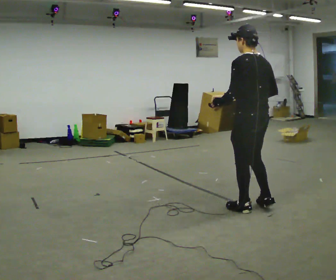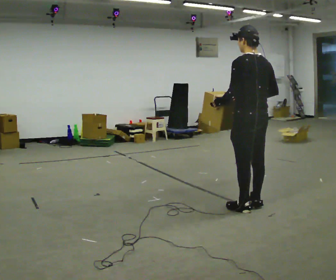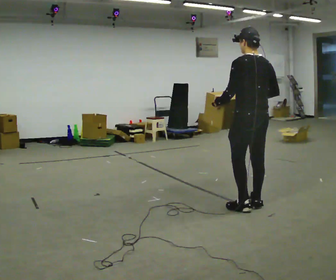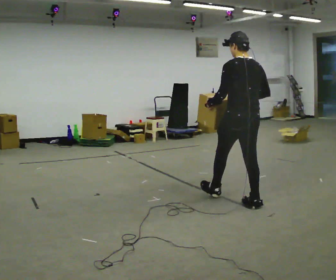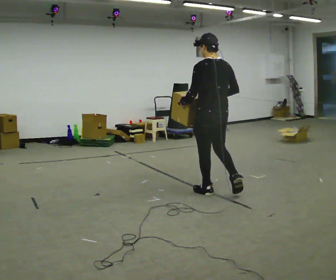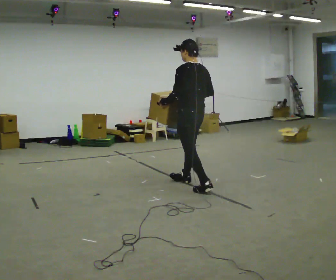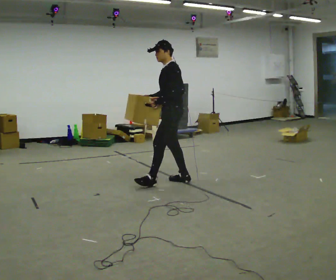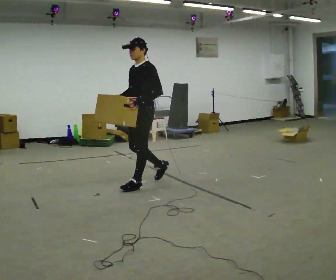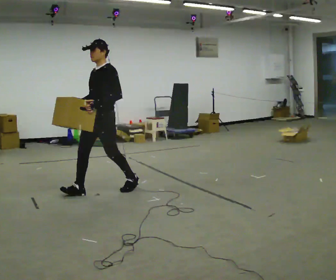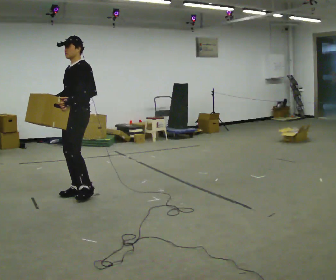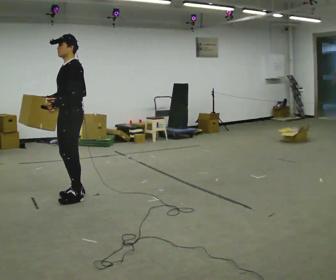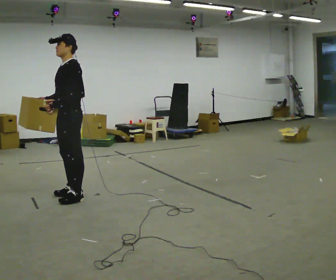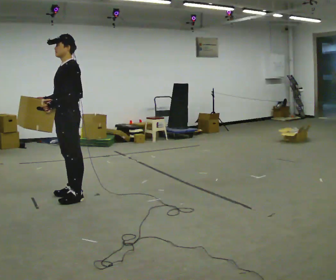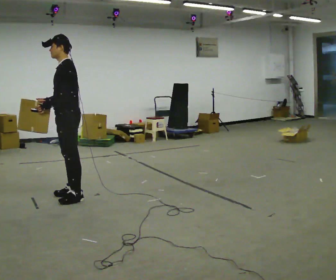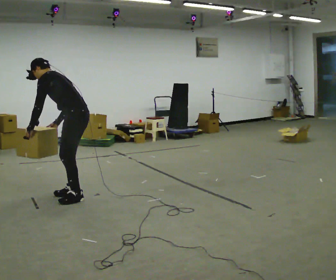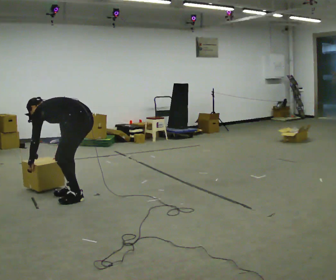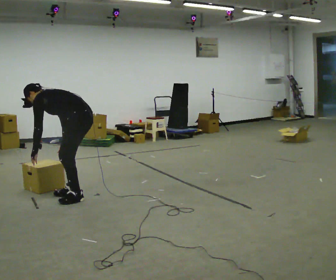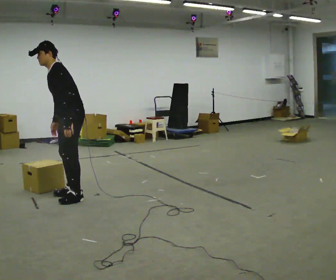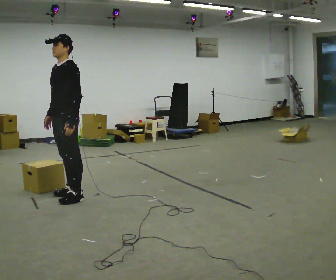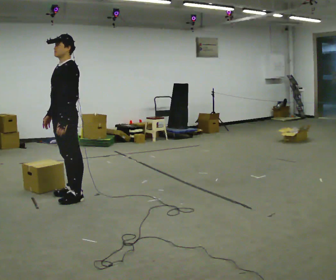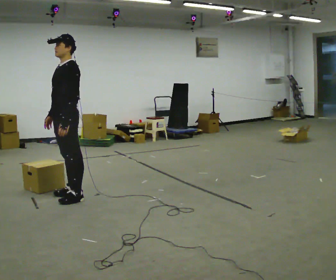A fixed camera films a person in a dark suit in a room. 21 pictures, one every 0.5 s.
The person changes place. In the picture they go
to the left.
The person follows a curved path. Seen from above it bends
counterclockwise.
0.0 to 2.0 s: In the picture they go away from the camera, about 0.75 m in 2 steps, which for them is forward.
2.0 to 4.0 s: The person turns about 105 degrees to their left, counterclockwise seen from above, so the part of the body nearest the lens slides to the right. In the picture they go to the left, about 1 m in 3 steps.
4.0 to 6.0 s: In the picture they go to the left and toward the camera, about 0.5 m in 1 step, which for them is forward.
6.0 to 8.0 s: The person turns about 30 degrees to their right, clockwise seen from above, so the part of the body nearest the lens slides to the left. In the picture the upper body tilts counterclockwise, shoulders to the left, as they bend forward. In the picture their right hand goes downward, the arm swinging counterclockwise.
8.0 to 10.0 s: Seen from above the body turns counterclockwise, about 45 degrees: to their left, with its near side sliding to the right. The shoulders move upward. In the picture the upper body tilts clockwise, shoulders to the right, as they lean back or straighten. In the picture their right hand goes upward.
The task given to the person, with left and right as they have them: Carry the box along the marked route, turning 90 degrees at the corner the operator calls, and set it down at the end. Keep going until the operator says stop; one object at a time, and do not rush between trips.
The film runs forward here.
